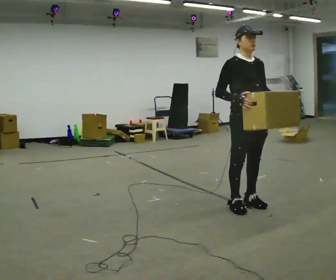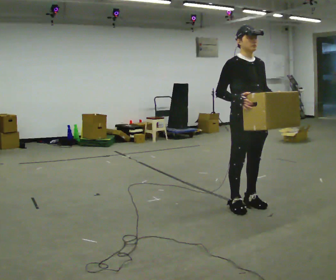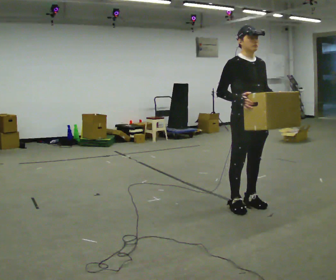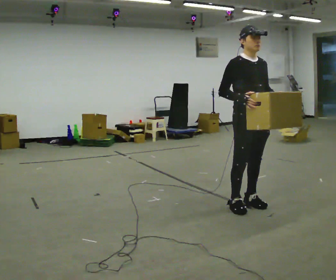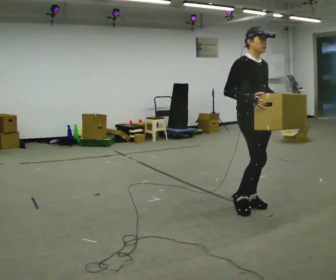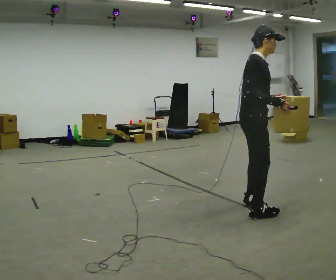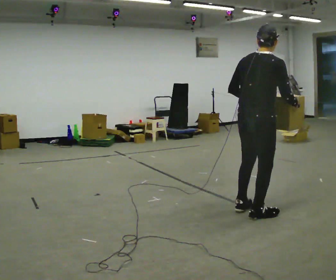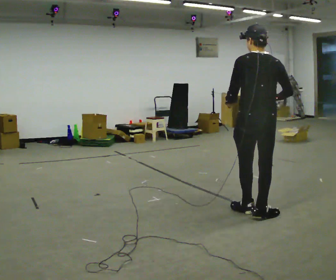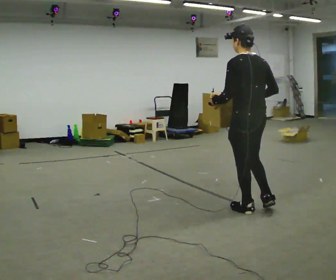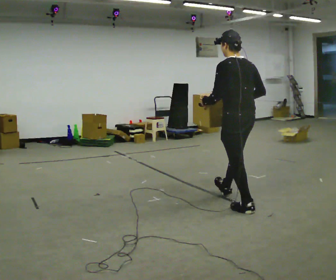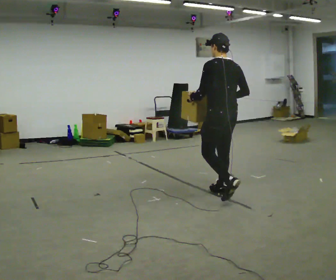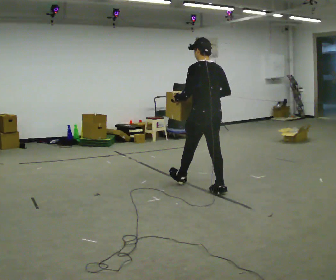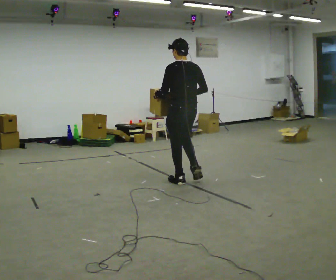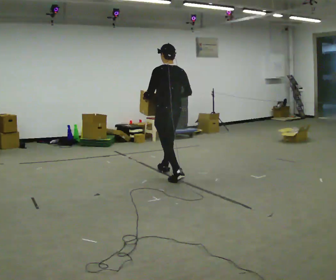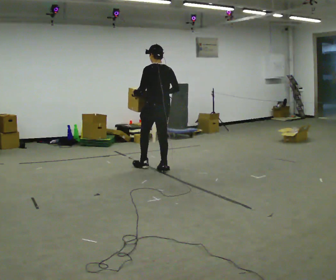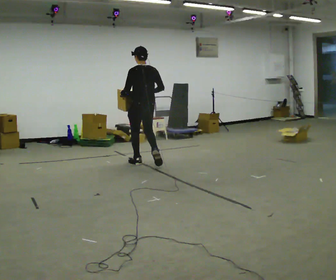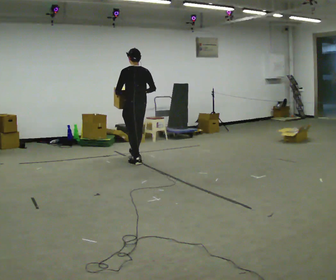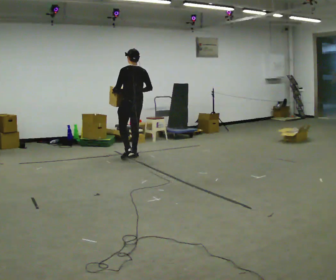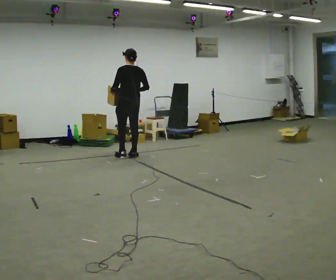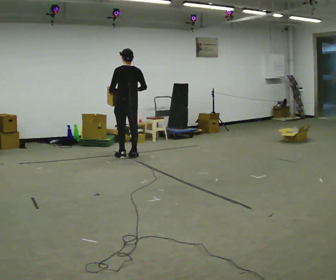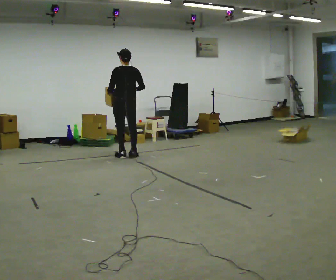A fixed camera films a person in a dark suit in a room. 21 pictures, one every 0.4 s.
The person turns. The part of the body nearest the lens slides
to the right.
The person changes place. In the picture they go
away from the camera.
0.0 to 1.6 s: The person moves a little, or ends about where they began.
1.6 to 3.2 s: Seen from above the body turns counterclockwise, about 165 degrees: to their left, with its near side sliding to the right. In the picture their left hand goes to the left.
3.2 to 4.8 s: In the picture they go away from the camera and to the left, about 1 m in 2 steps, which for them is forward.
4.8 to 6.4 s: In the picture they go away from the camera and to the left, about 1.5 m in 2 steps, which for them is forward.
6.4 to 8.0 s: In the picture they go away from the camera and to the left, about 0.5 m in 2 steps, which for them is forward.
The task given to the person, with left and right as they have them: Carry the box in both hands and walk back and forth across the room. The contents may move around. Carry on as best you can.
The film runs forward here.
